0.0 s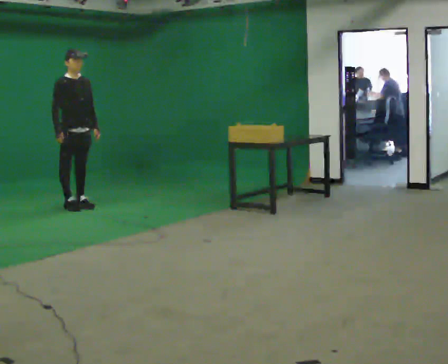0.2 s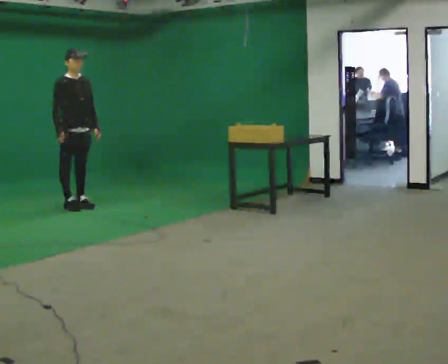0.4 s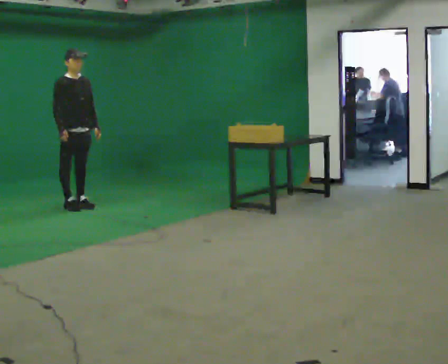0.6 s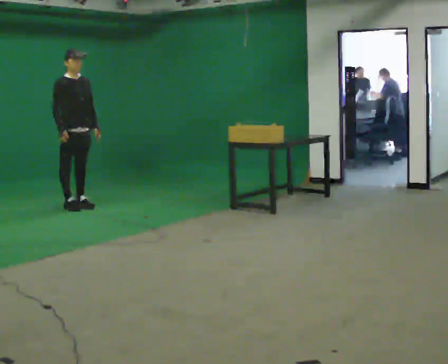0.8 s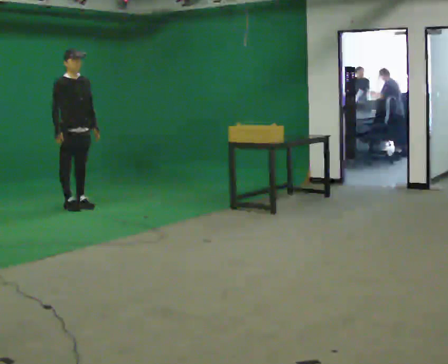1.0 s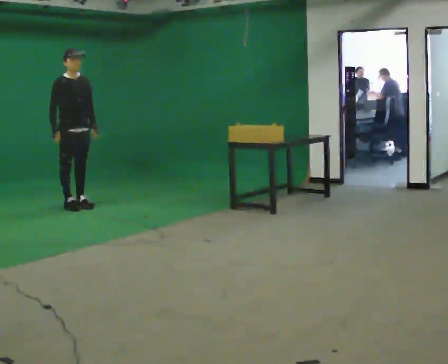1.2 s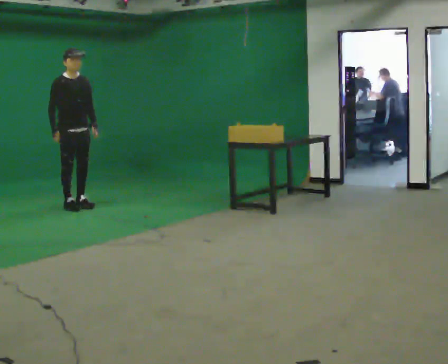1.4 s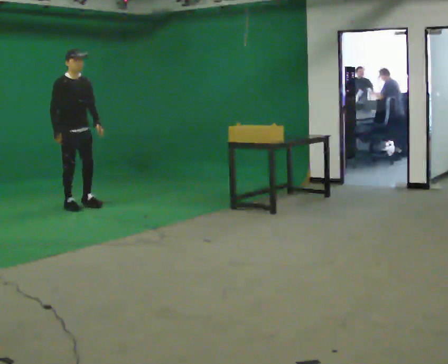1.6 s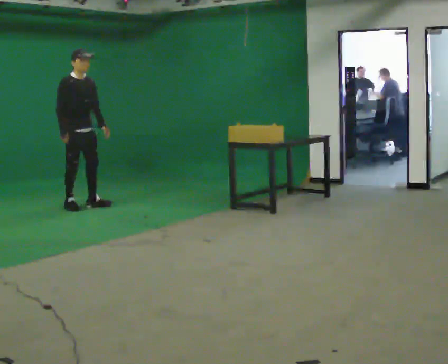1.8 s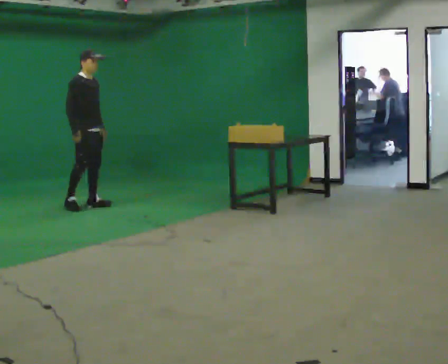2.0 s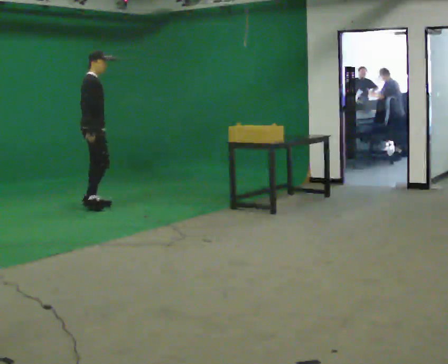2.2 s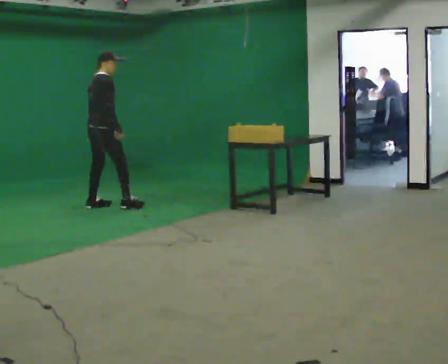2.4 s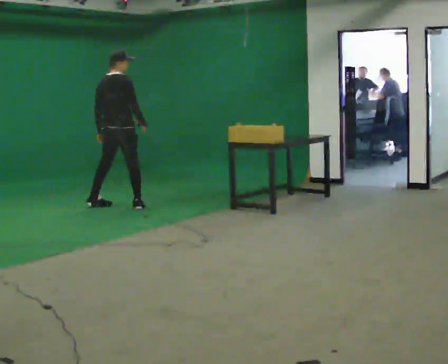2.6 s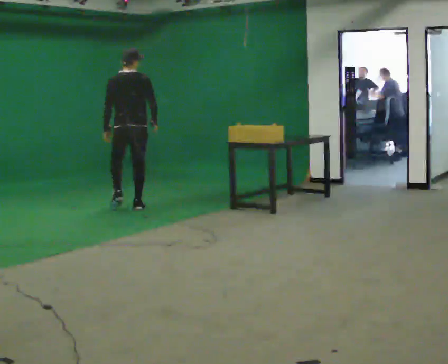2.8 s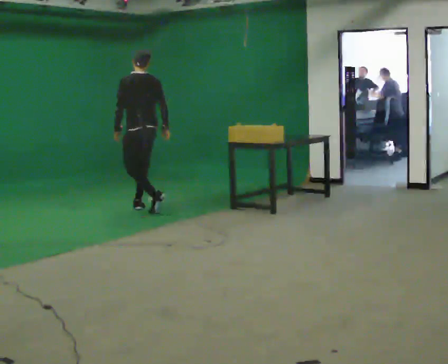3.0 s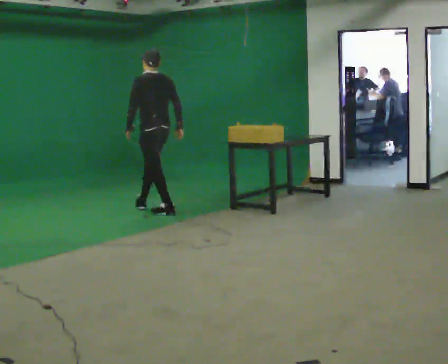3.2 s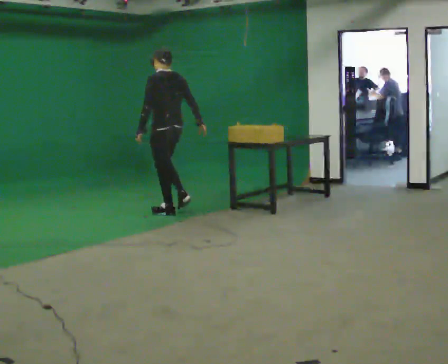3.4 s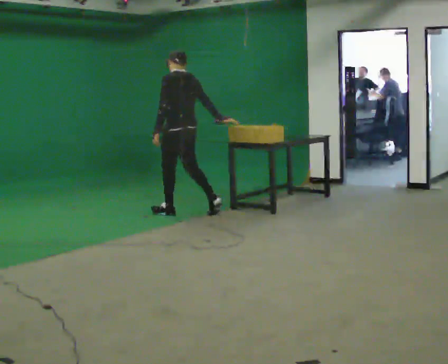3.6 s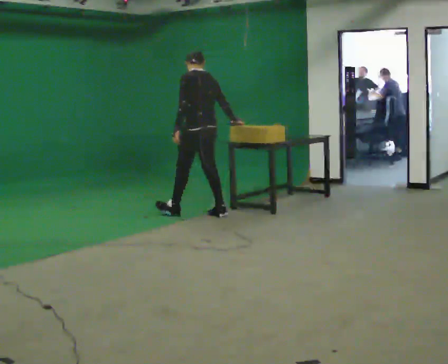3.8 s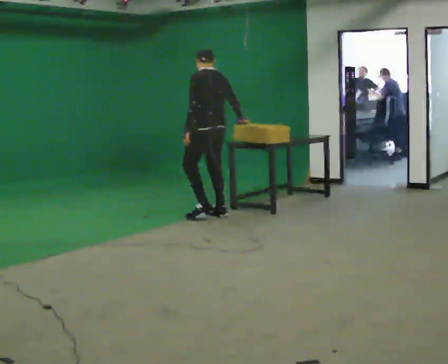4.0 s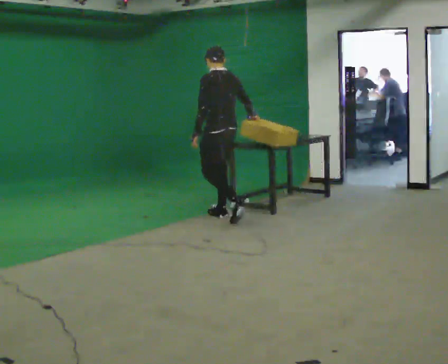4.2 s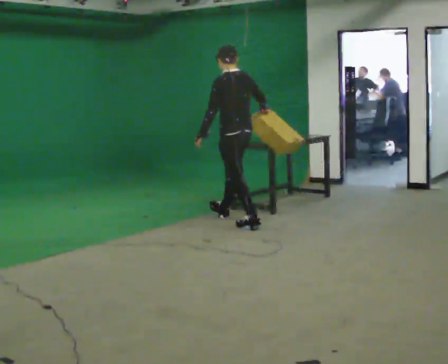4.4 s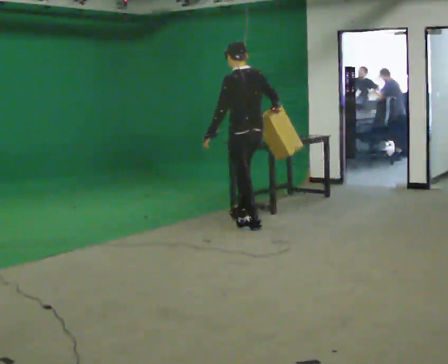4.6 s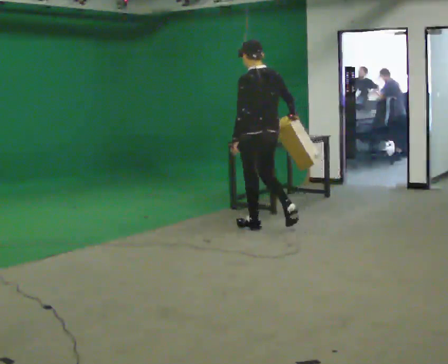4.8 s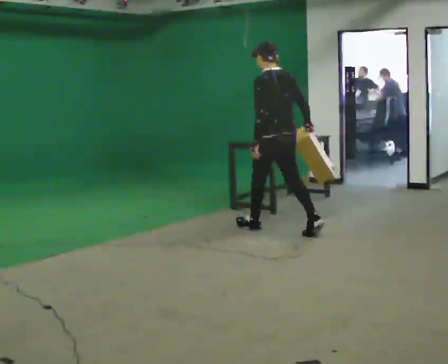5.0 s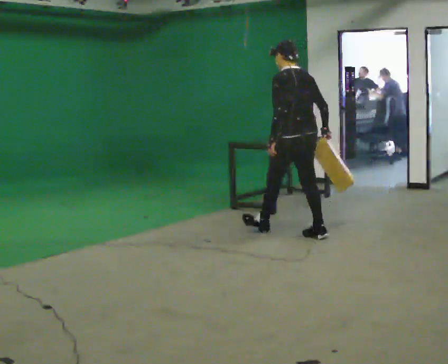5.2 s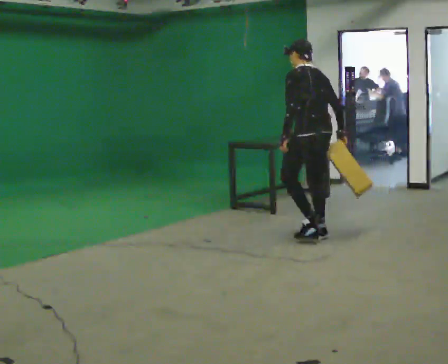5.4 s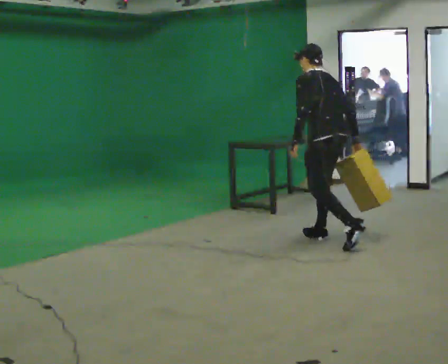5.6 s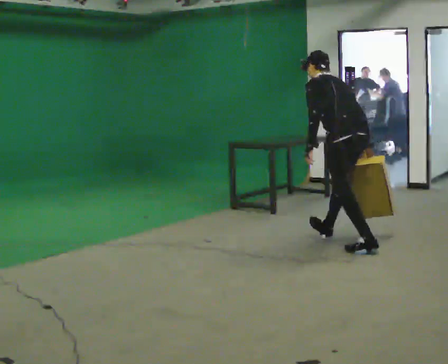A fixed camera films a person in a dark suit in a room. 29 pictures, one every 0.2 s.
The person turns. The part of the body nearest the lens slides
to the right.
The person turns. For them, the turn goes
to their left.
0.0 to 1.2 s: The person moves a little, or ends about where they began.
1.2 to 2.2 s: The person turns about 90 degrees to their left, counterclockwise seen from above, so the part of the body nearest the lens slides to the right. In the picture they go to the right, about 0.25 m in 1 step.
2.2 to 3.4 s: Seen from above the body turns counterclockwise, about 105 degrees: to their left, with its near side sliding to the right. In the picture they go to the right and toward the camera, about 1 m in 2 steps.
3.4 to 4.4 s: In the picture they go toward the camera and to the right, about 1 m in 2 steps, which for them is backward.
4.4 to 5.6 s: In the picture they go toward the camera and to the right, about 1 m in 2 steps, which for them is backward. The upper body tips away from the camera, its near side rolling upward, as they bend forward. In the picture their right hand goes downward.
The film runs backward here.
